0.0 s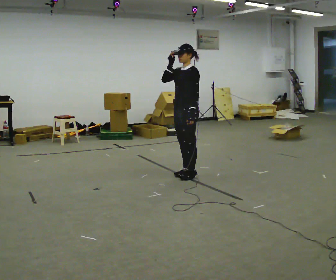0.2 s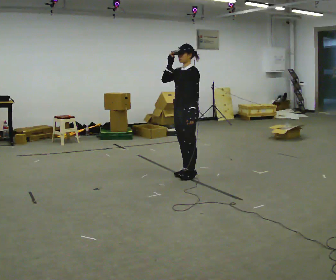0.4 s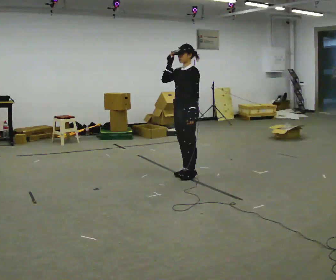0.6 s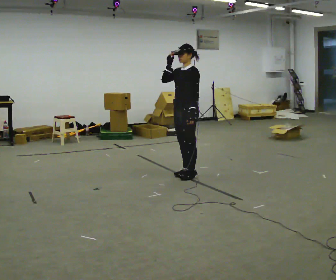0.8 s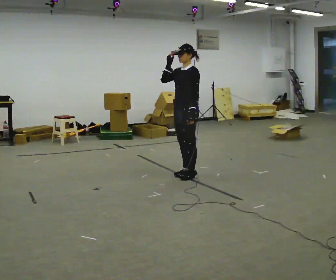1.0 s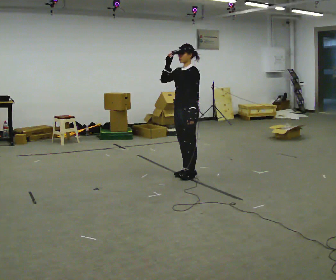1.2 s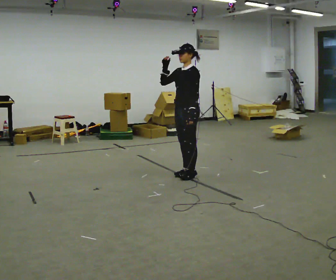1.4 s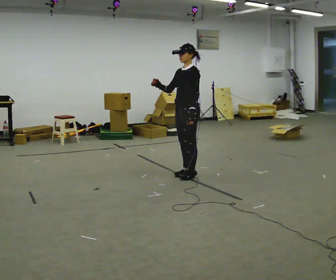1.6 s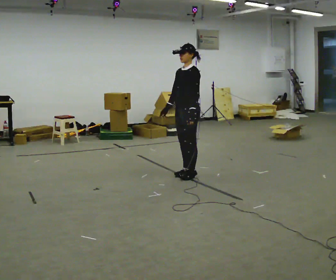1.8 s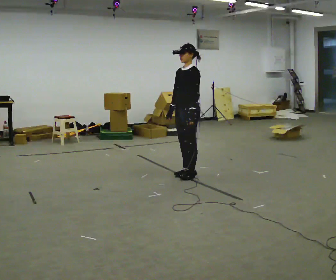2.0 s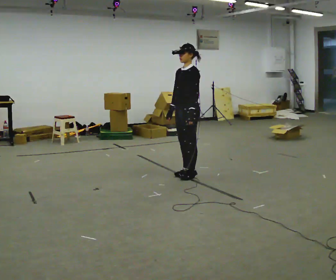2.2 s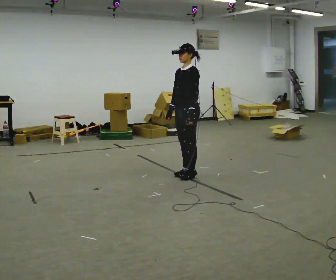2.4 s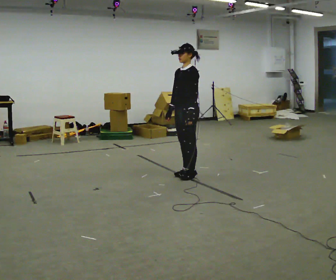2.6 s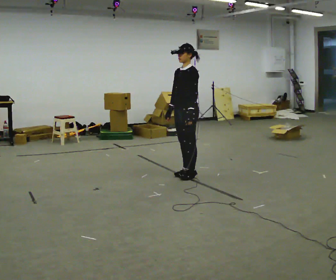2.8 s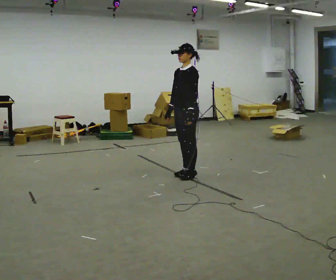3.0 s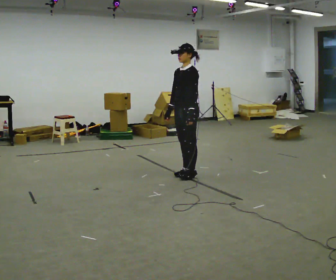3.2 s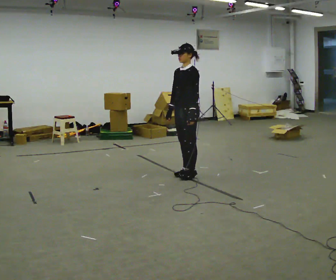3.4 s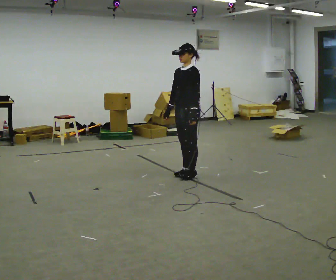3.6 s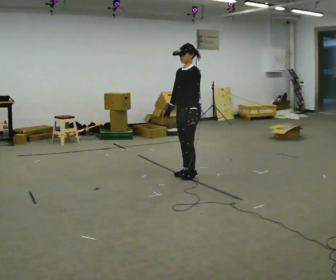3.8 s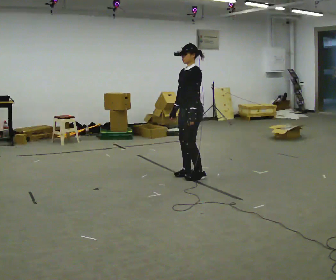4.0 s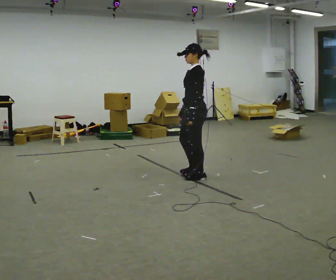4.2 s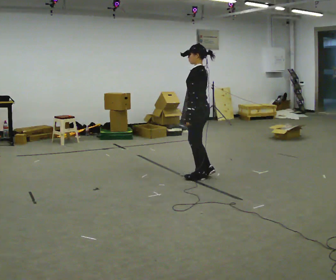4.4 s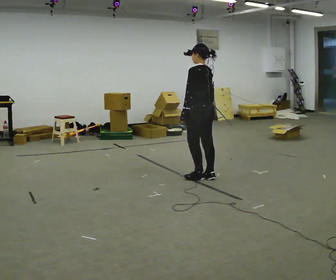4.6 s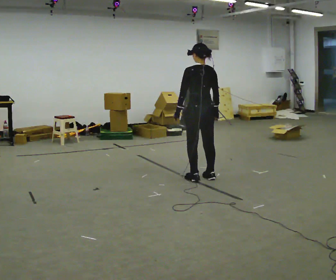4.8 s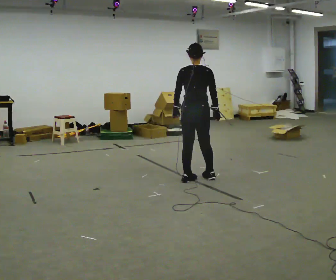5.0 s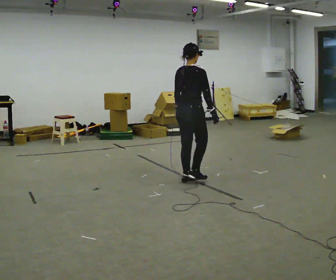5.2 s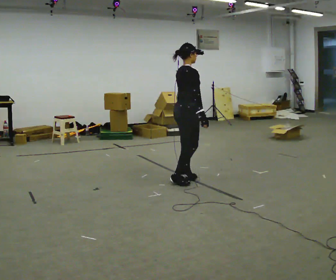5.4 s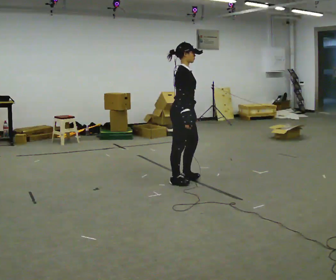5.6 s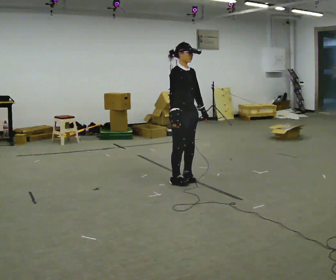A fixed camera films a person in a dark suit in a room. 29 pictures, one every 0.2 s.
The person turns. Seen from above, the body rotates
clockwise.
The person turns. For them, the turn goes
to their right.
0.0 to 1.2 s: The person moves a little, or ends about where they began.
1.2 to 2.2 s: In the picture their right hand goes downward.
2.2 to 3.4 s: The person moves a little, or ends about where they began.
3.4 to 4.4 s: The part of the body nearest the lens slides to the left as the person turns to their right by about 75 degrees. In the picture they go to the right, about 0.25 m in 2 steps. In the picture their right hand goes to the right.
4.4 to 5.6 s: Seen from above the body turns clockwise, about 180 degrees: to their right, with its near side sliding to the left. In the picture they go to the left, about 0.25 m in 2 steps. In the picture their right hand goes to the left.
The film runs backward here.
